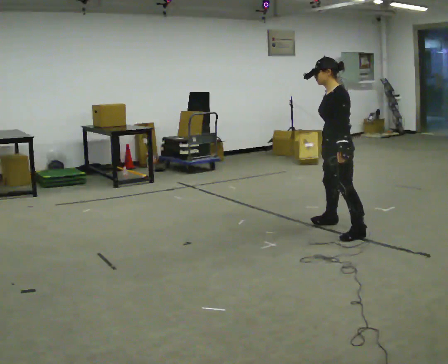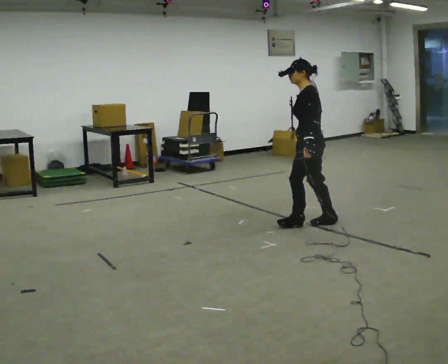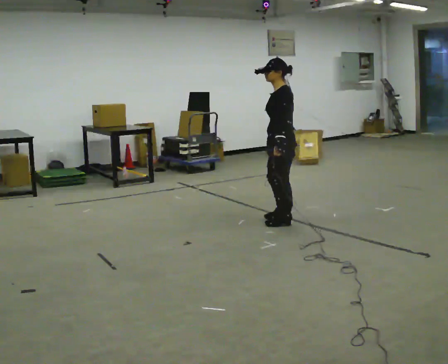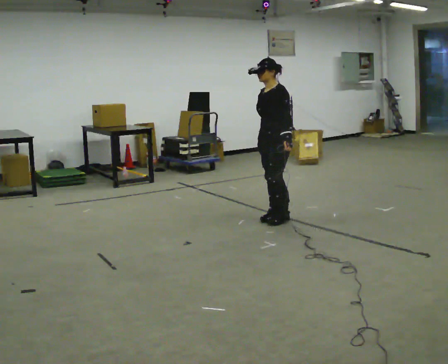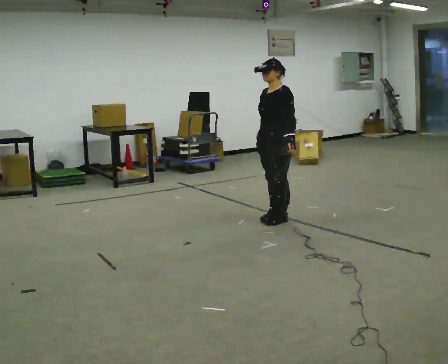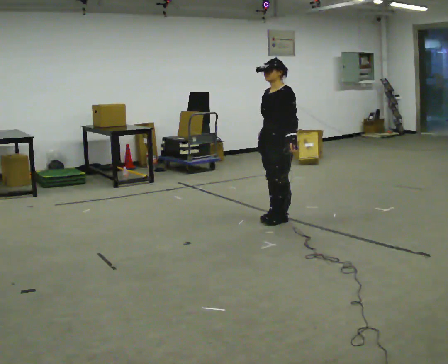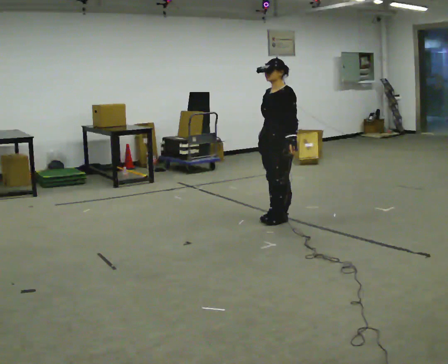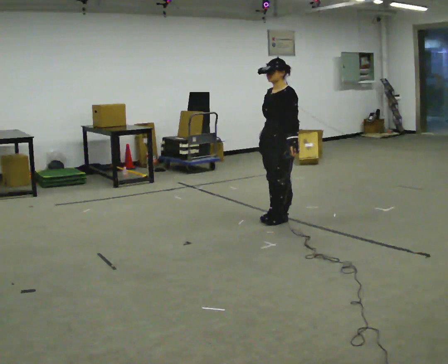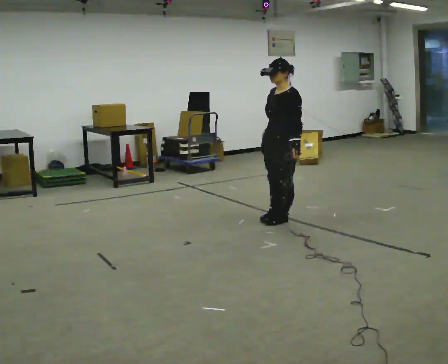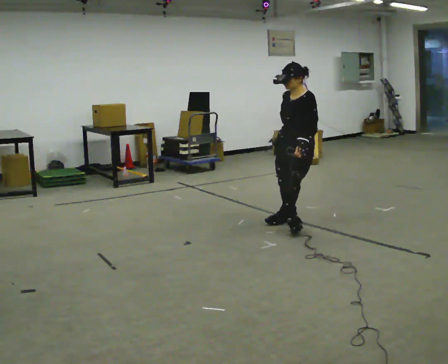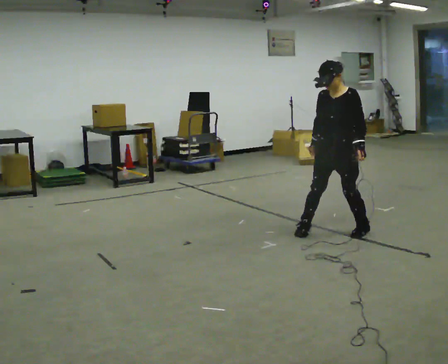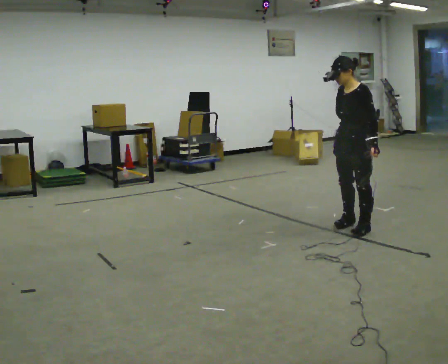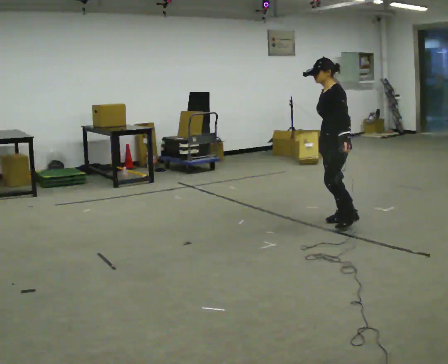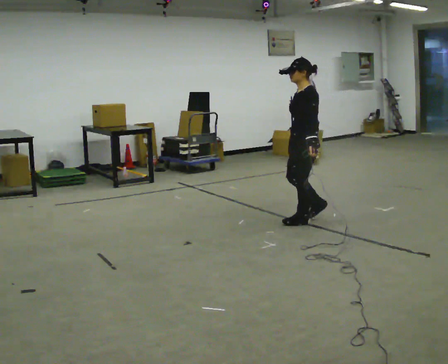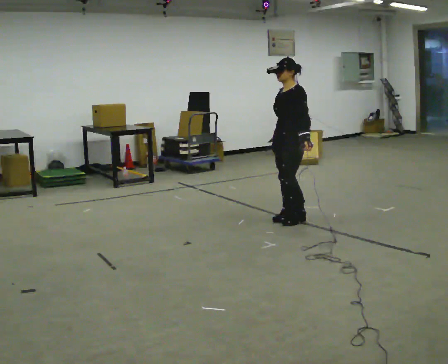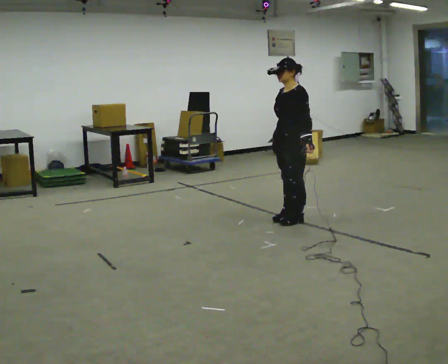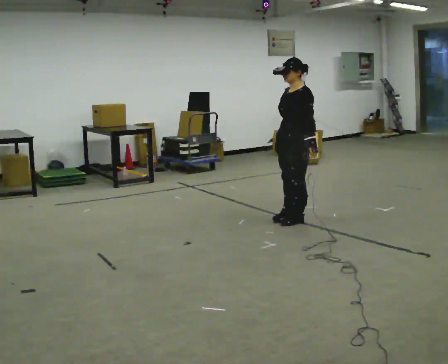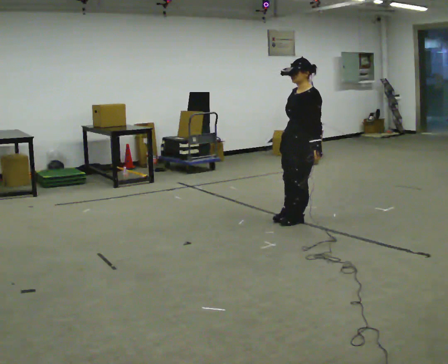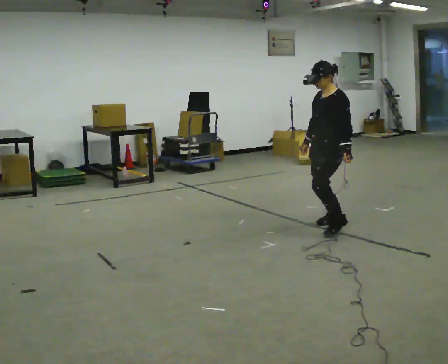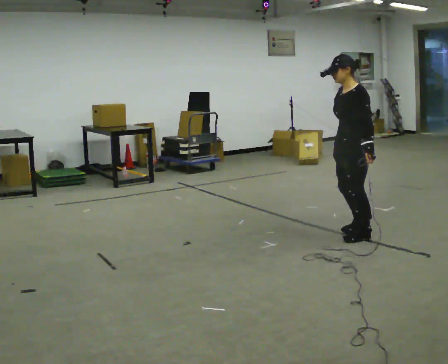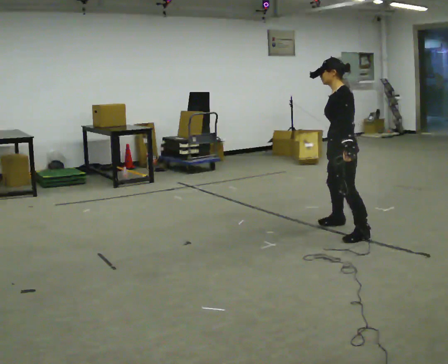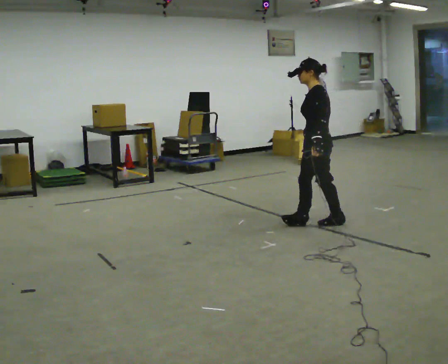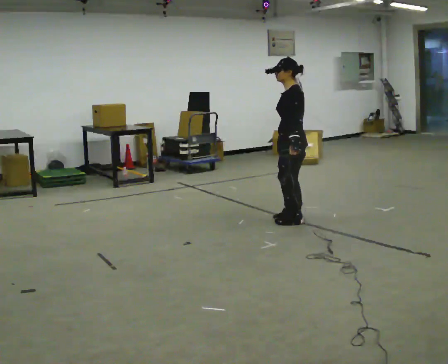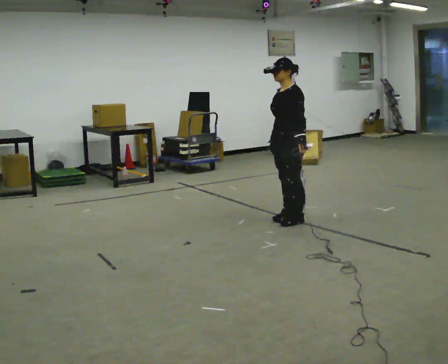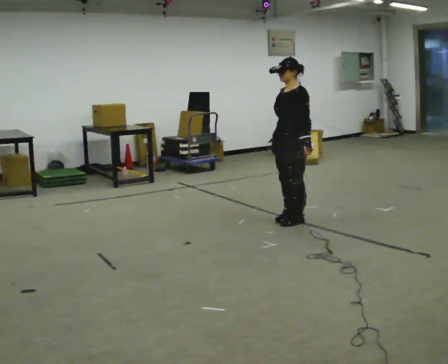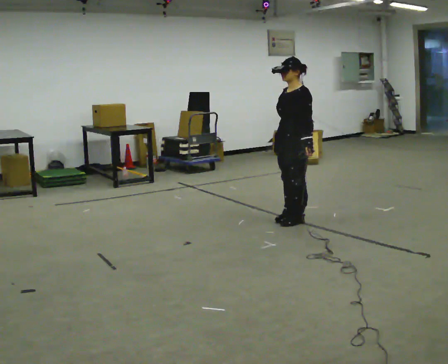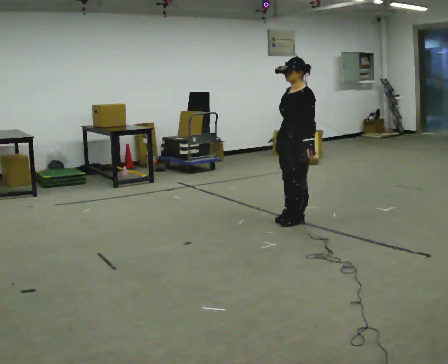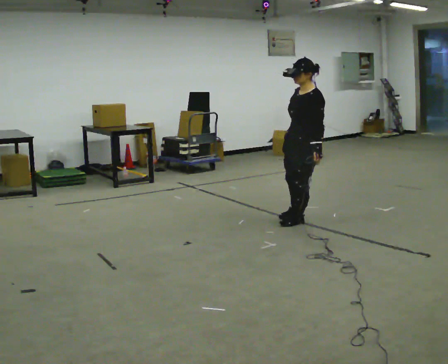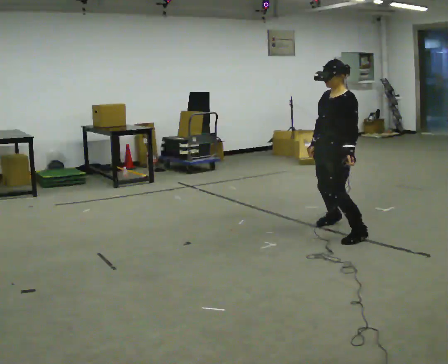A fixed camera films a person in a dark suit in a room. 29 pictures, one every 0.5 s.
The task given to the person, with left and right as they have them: Stand on the marked spots. Lean to the side the operator calls until you cannot hold it, then step to catch yourself. Return to the spots. Repeat at your own pace until the operator says stop. Go slowly and only as far as you are comfortable. Step whenever you need to; do not try to hold on longer than feels safe.
0.0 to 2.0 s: The person turns about 30 degrees to their left, counterclockwise seen from above, so the part of the body nearest the lens slides to the right. In the picture they go to the left and away from the camera, about 0.75 m in 2 steps, which for them is forward and to their right.
2.0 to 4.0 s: The person moves a little, or ends about where they began.
4.0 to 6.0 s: Seen from above the body turns clockwise, about 30 degrees: to their right, with its near side sliding to the left. In the picture they go to the right, about 0.5 m in 3 steps.
6.0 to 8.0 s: In the picture they go to the left, about 0.25 m in 2 steps, which for them is forward and to their right.
8.0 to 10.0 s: The person turns about 30 degrees to their right, clockwise seen from above, so the part of the body nearest the lens slides to the left. In the picture they go to the right and toward the camera, about 0.5 m in 2 steps, which for them is to their left.
10.0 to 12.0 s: The part of the body nearest the lens slides to the right as the person turns to their left by about 30 degrees. In the picture they go to the left and away from the camera, about 0.5 m in 2 steps, which for them is to their right and forward.
12.0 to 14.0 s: In the picture they go to the right and toward the camera, about 0.5 m in 1 step, which for them is to their left.
The film runs forward here.
